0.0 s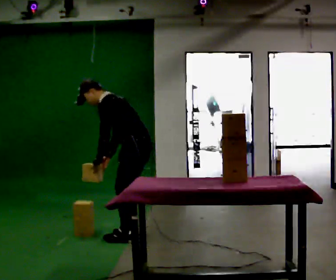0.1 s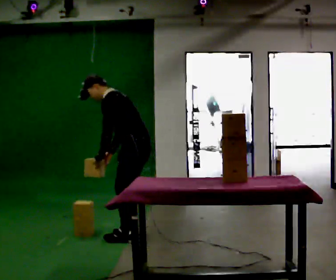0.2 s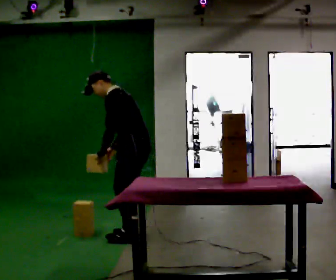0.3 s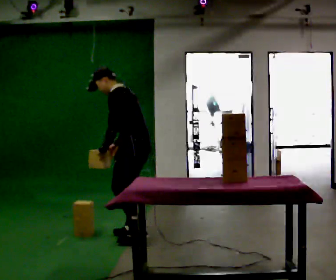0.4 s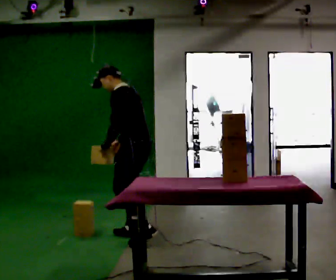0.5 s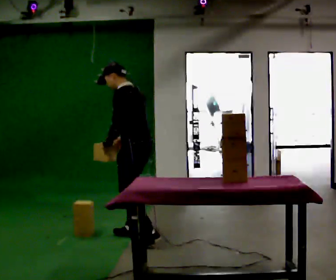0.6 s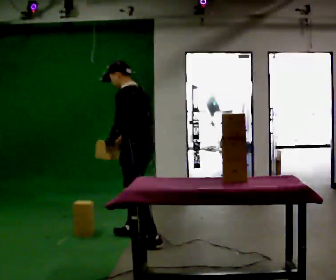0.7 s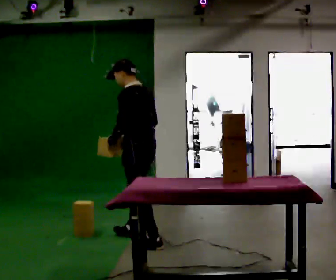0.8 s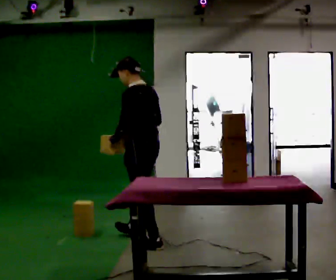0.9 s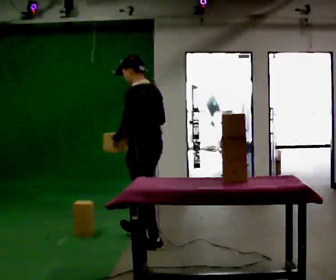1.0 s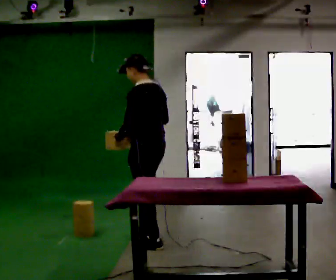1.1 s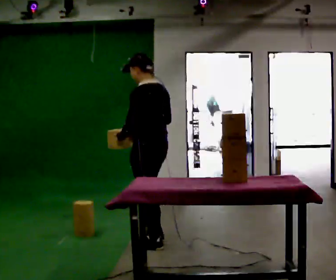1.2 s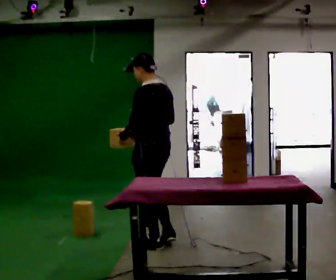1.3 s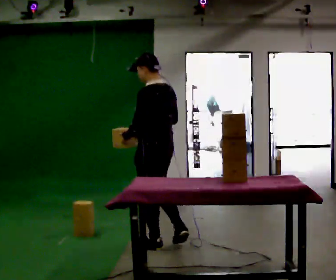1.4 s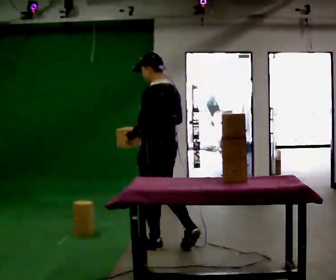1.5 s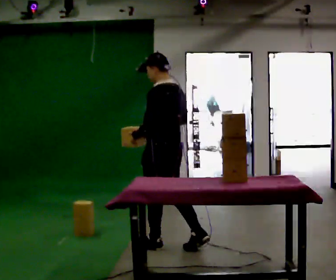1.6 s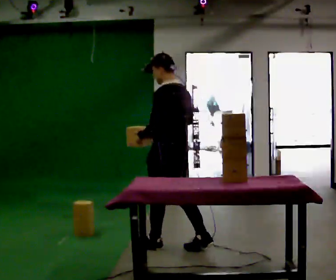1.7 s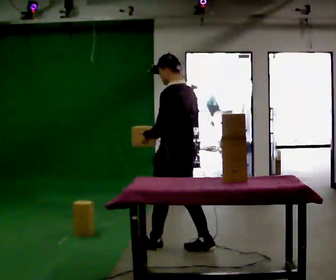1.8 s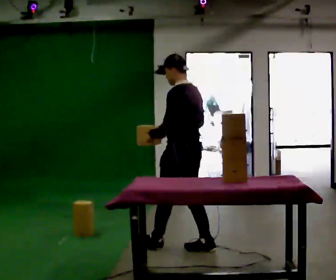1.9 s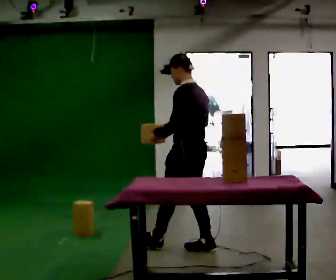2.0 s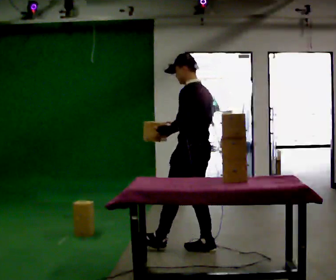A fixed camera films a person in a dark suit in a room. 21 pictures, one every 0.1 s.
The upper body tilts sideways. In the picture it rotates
clockwise.
0.0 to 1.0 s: In the picture they go toward the camera, about 0.25 m in 2 steps, which for them is to their left and backward. In the picture the upper body tilts clockwise, shoulders to the right, as they lean back or straighten.
1.0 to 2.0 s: In the picture they go to the right and toward the camera, about 0.5 m in 1 step, which for them is backward.
The film runs backward here.
